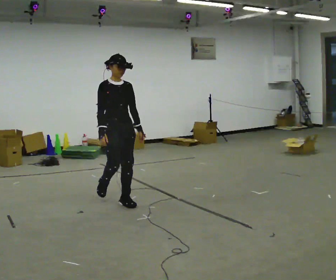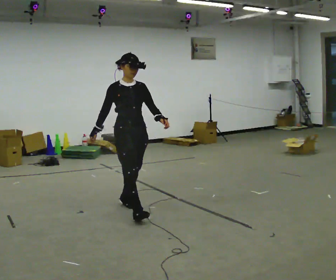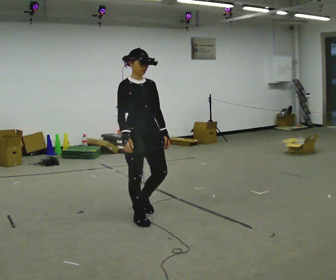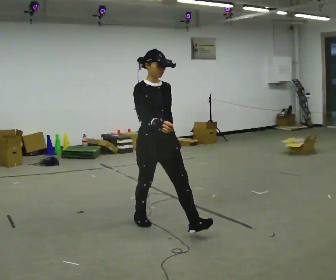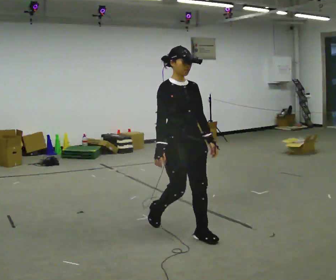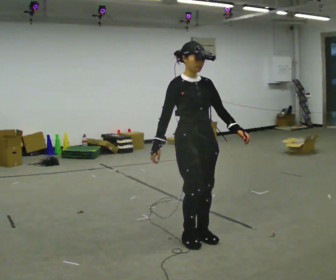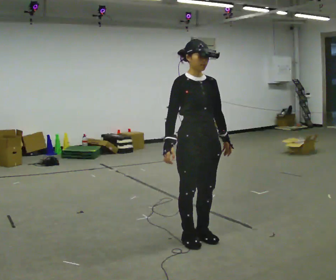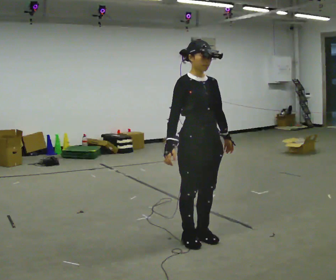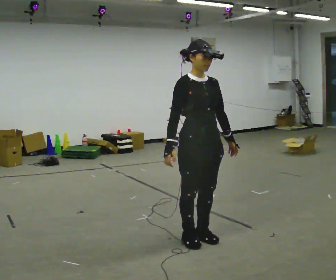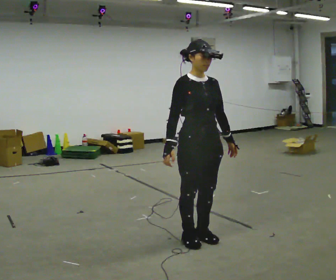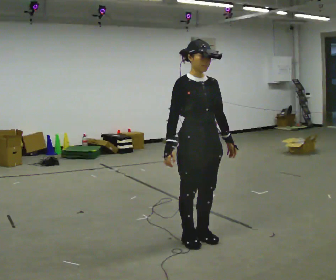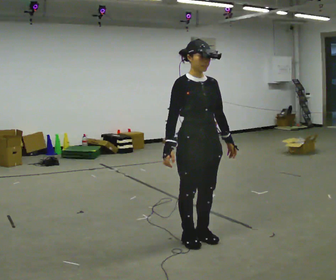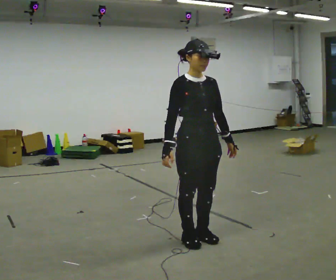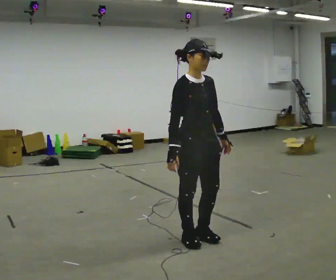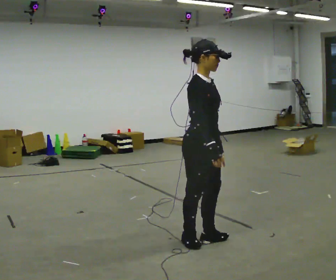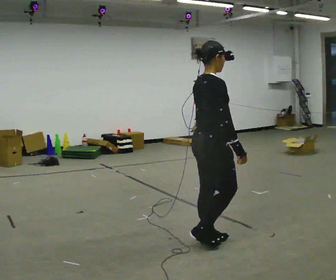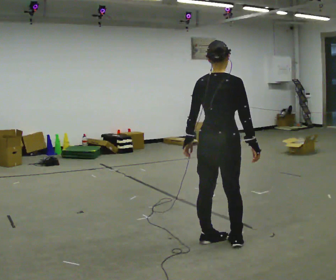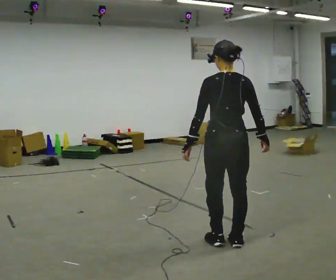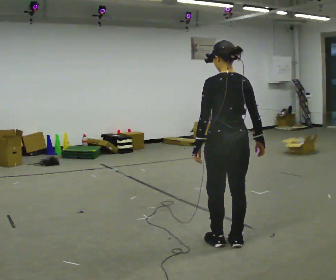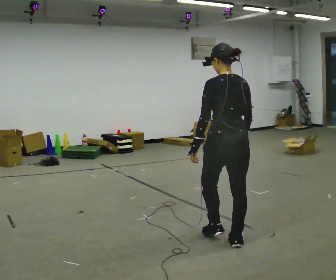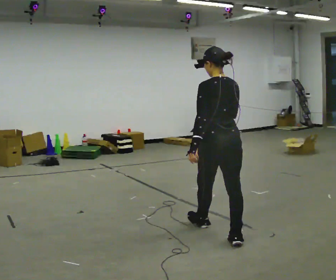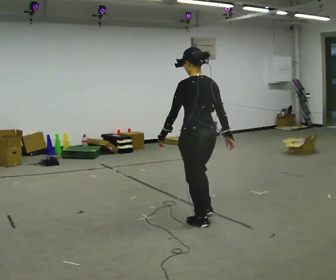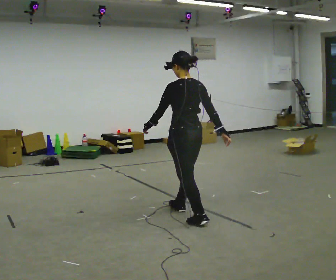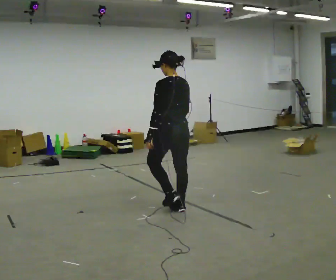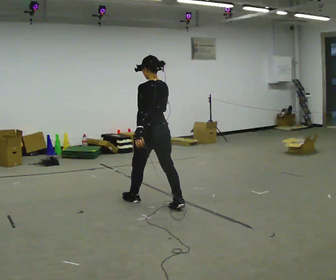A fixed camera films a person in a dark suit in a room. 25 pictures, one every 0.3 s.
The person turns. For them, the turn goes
to their left.
The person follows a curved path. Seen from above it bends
counterclockwise.
0.0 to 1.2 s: In the picture they go toward the camera and to the right, about 1 m in 2 steps, which for them is forward.
1.2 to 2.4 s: In the picture they go toward the camera, about 0.25 m in 1 step, which for them is forward.
2.4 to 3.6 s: The person moves a little, or ends about where they began.
3.6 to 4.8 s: The person turns about 135 degrees to their left, counterclockwise seen from above, so the part of the body nearest the lens slides to the right. In the picture they go to the right, about 0.25 m in 1 step. In the picture their left hand goes to the left, the arm swinging clockwise.
4.8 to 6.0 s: The part of the body nearest the lens slides to the right as the person turns to their left by about 45 degrees. In the picture they go away from the camera, about 0.25 m in 1 step, which for them is forward.
6.0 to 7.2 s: In the picture they go away from the camera and to the left, about 1 m in 2 steps, which for them is forward.
The film runs forward here.
